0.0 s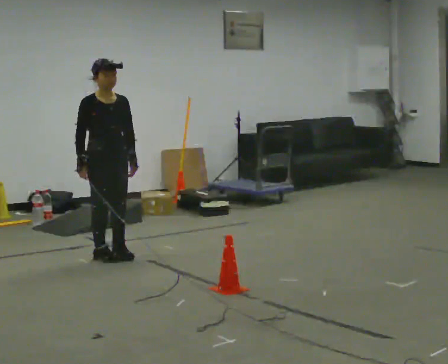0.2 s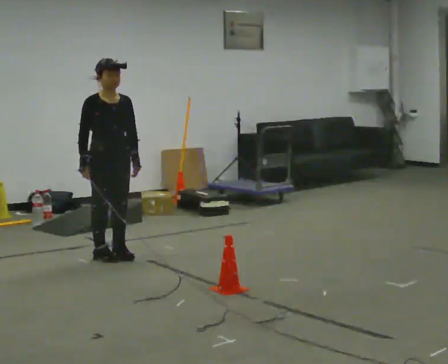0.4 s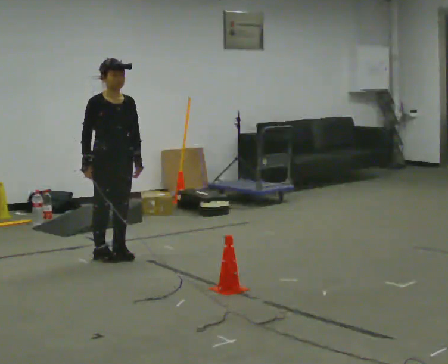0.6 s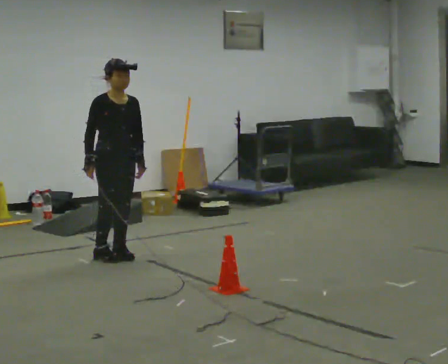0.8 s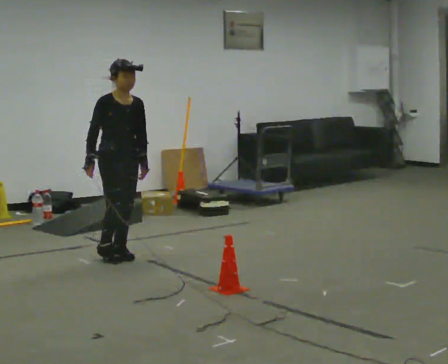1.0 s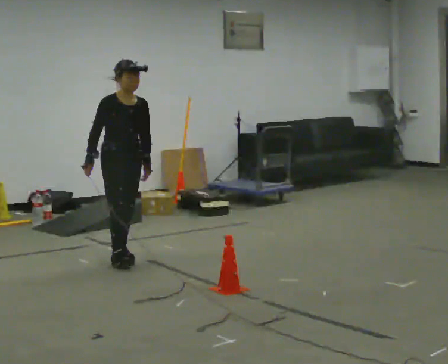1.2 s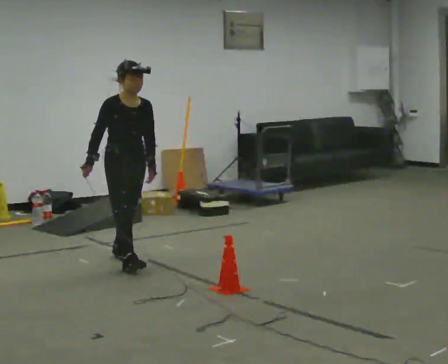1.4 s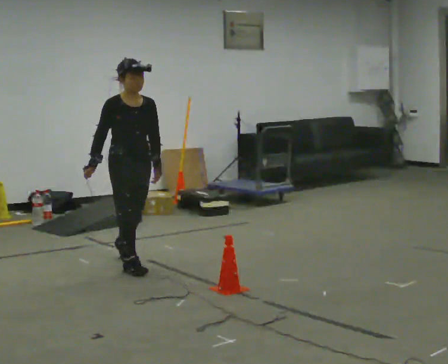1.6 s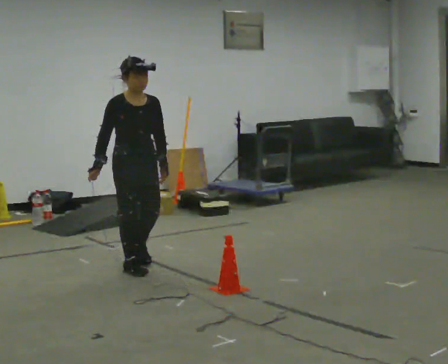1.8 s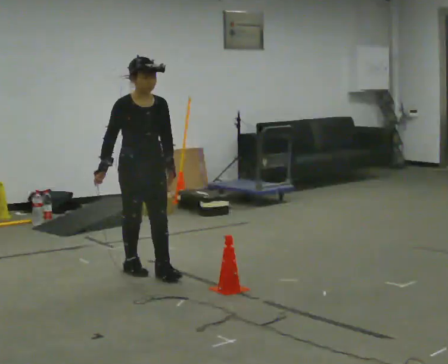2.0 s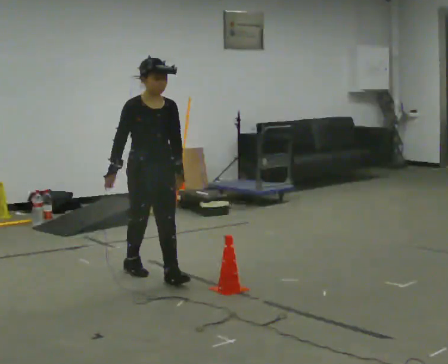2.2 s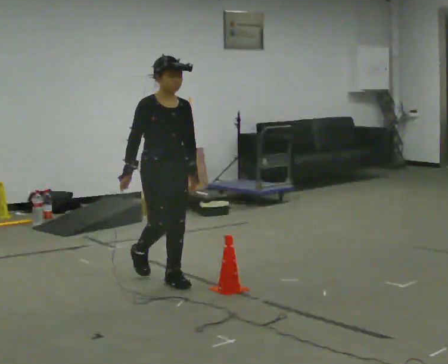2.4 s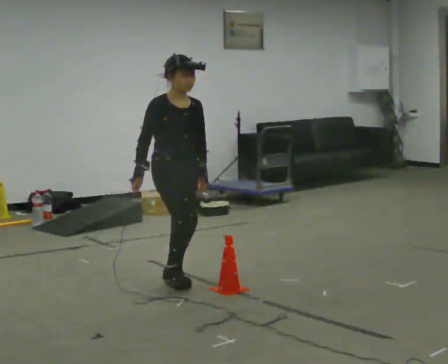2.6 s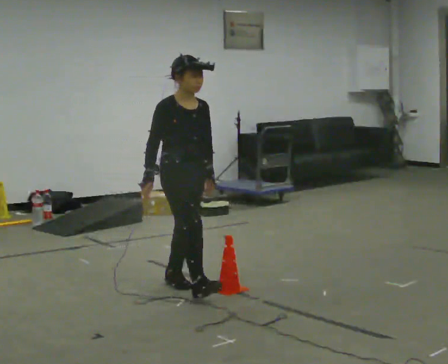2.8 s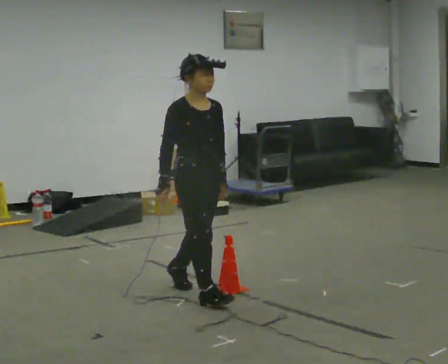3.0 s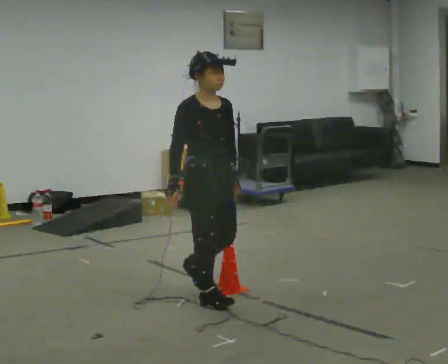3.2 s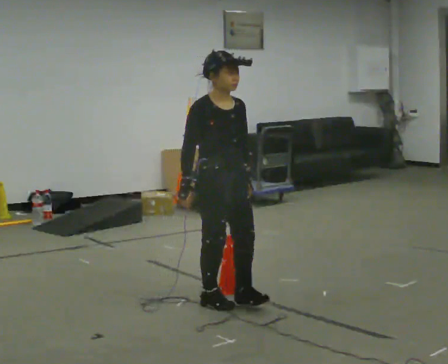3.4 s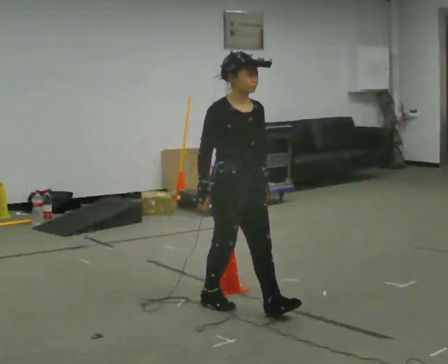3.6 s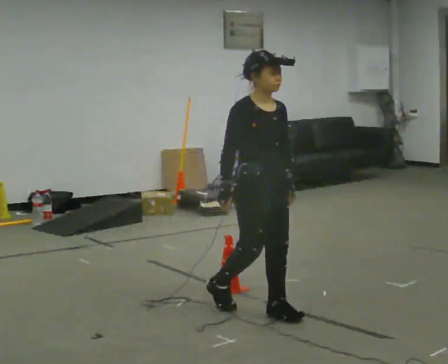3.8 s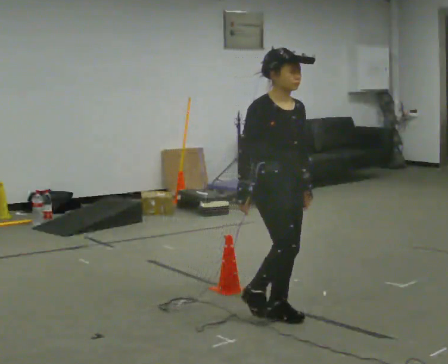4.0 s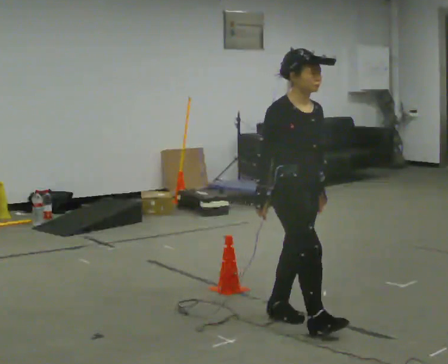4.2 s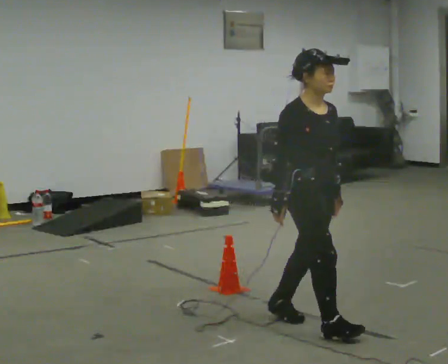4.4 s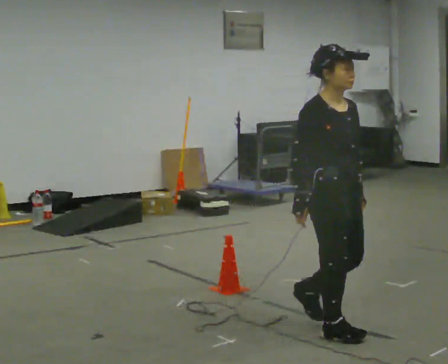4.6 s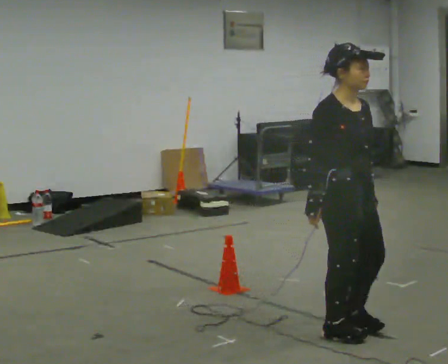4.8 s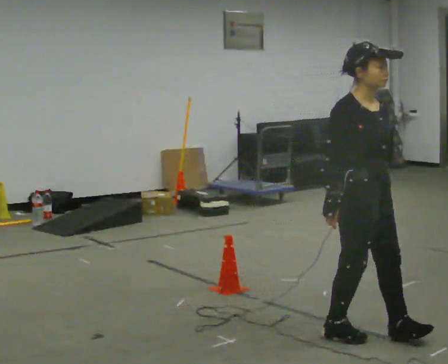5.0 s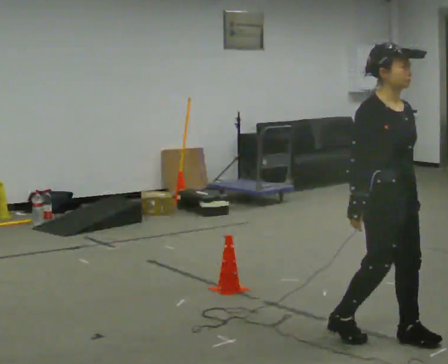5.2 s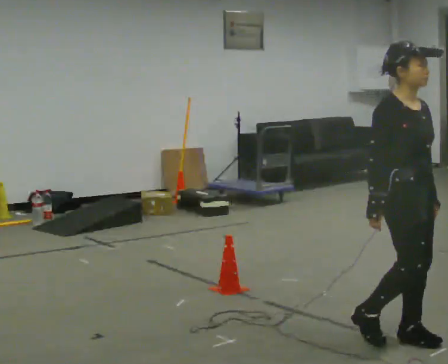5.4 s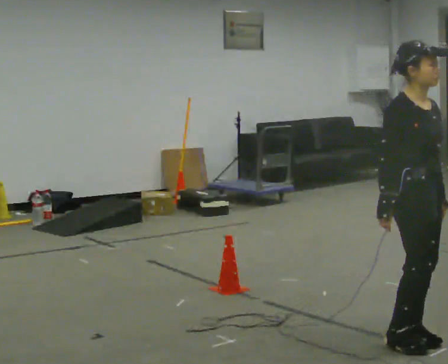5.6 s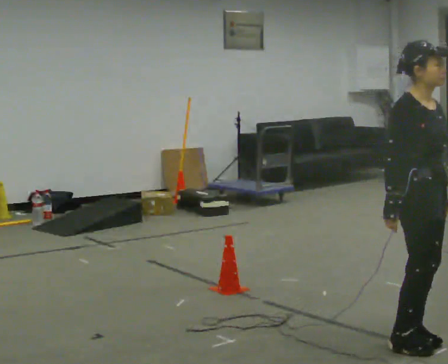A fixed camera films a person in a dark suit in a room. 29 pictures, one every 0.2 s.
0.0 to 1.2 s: In the picture they go toward the camera, about 0.25 m in 1 step, which for them is forward.
1.2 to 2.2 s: In the picture they go toward the camera and to the right, about 0.5 m in 1 step, which for them is forward.
2.2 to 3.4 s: In the picture they go toward the camera and to the right, about 1 m in 2 steps, which for them is forward.
3.4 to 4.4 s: In the picture they go toward the camera and to the right, about 0.75 m in 1 step, which for them is forward.
4.4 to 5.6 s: In the picture they go to the right and toward the camera, about 0.5 m in 2 steps, which for them is forward.
The film runs forward here.
